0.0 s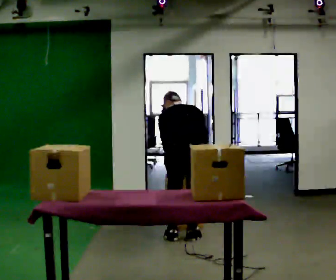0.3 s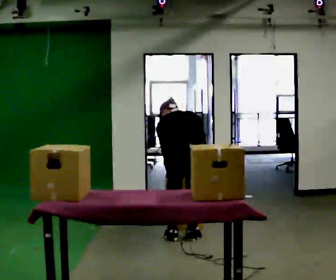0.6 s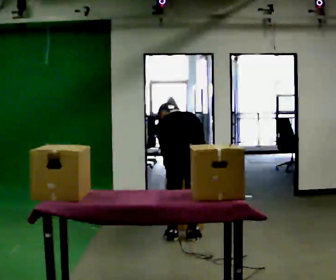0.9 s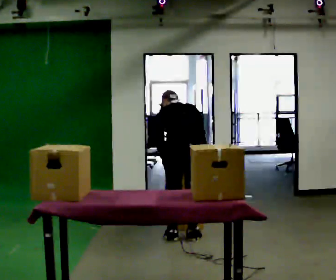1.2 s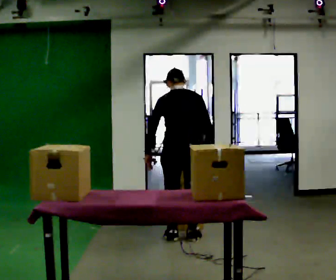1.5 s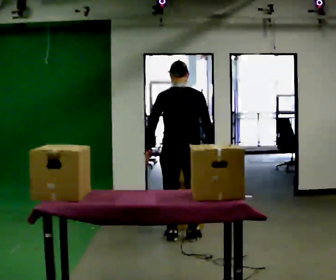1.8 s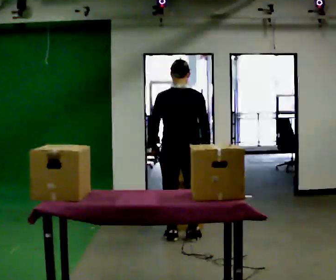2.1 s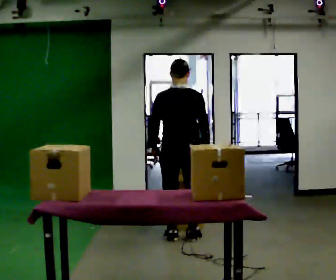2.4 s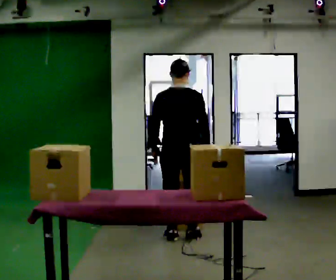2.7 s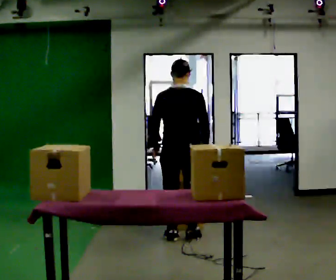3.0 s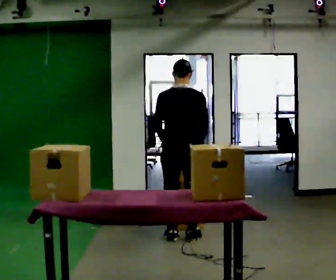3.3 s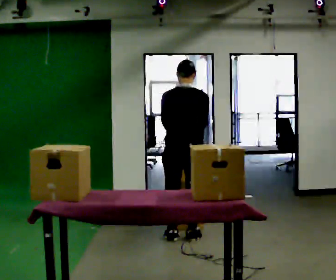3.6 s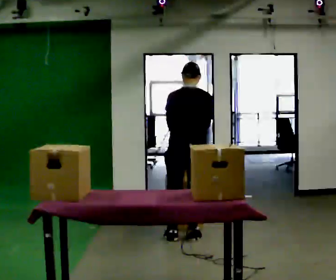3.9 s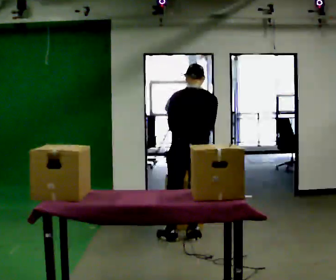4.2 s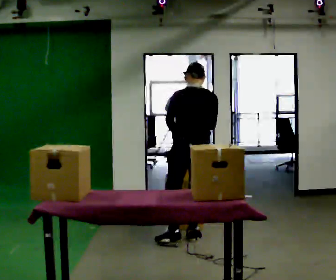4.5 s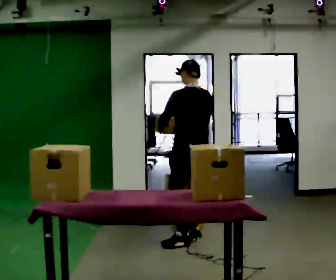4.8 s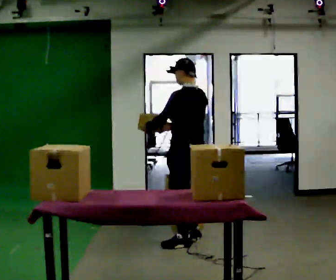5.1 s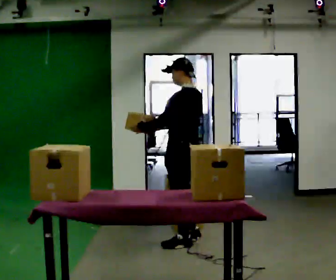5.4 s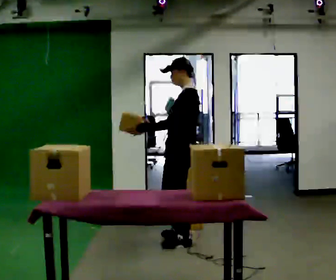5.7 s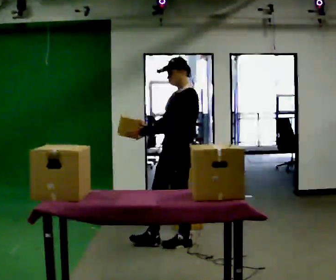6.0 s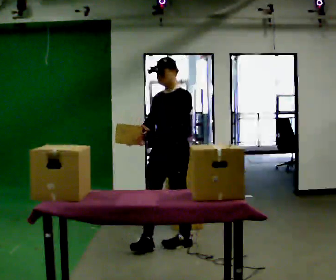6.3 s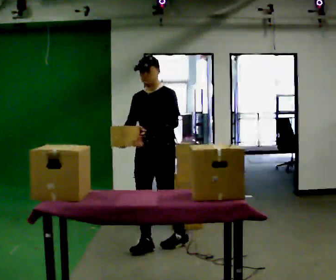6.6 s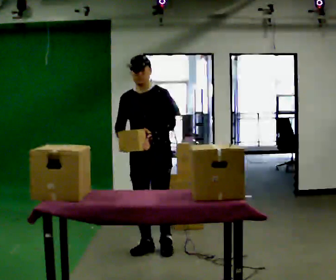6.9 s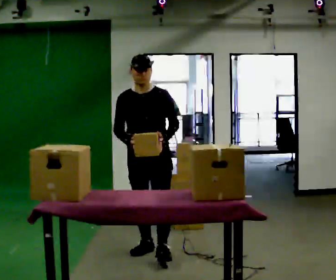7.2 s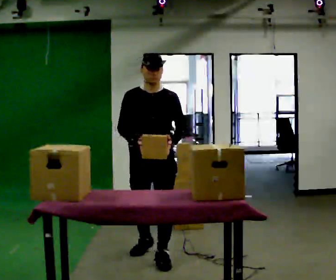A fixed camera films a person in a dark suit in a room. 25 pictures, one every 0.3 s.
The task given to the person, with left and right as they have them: Carry the object over and fit it into the gap between the two boxes already on the shelf, without touching either of them. Keep going until the operator says stop; one object at a time, and do not rush between trips.
0.0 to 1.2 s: The person moves a little, or ends about where they began.
1.2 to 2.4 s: The upper body tips toward the camera, its near side rolling downward, as they lean back or straighten.
2.4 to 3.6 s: The upper body tips away from the camera, its near side rolling upward, as they bend forward.
3.6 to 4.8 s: The person turns about 45 degrees to their left, counterclockwise seen from above, so the part of the body nearest the lens slides to the right.
4.8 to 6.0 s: Seen from above the body turns counterclockwise, about 75 degrees: to their left, with its near side sliding to the right. In the picture they go toward the camera and to the left, about 0.25 m in 1 step.
6.0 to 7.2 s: The part of the body nearest the lens slides to the right as the person turns to their left by about 45 degrees. In the picture they go toward the camera, about 0.5 m in 1 step, which for them is forward.
The film runs forward here.
